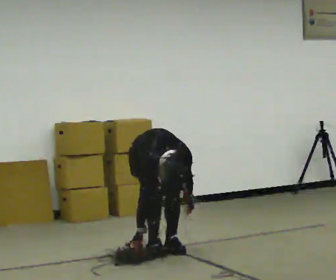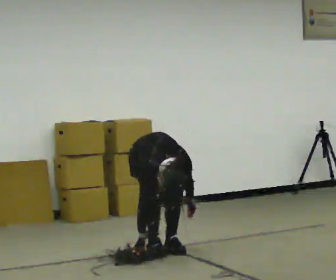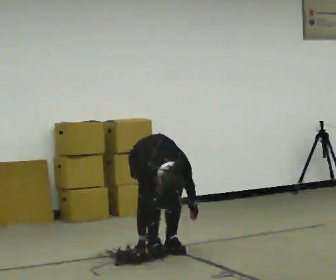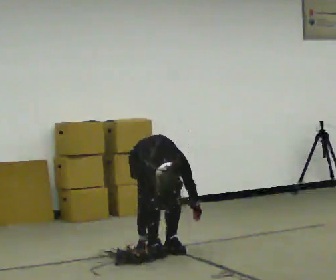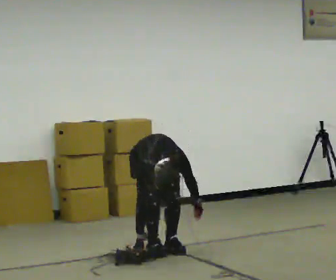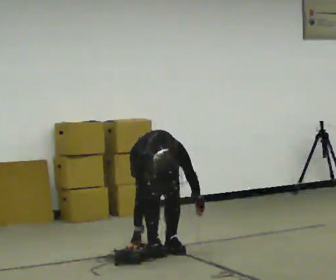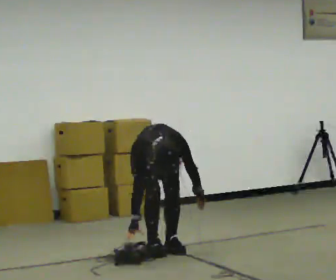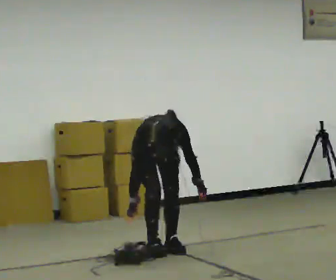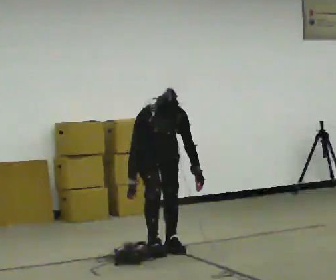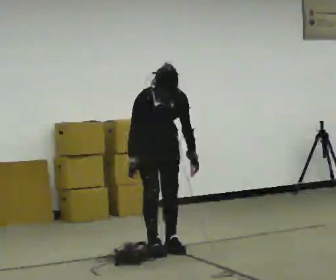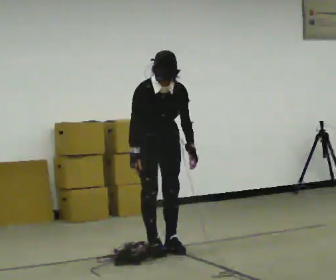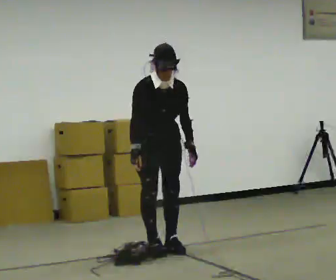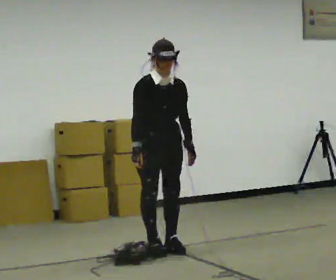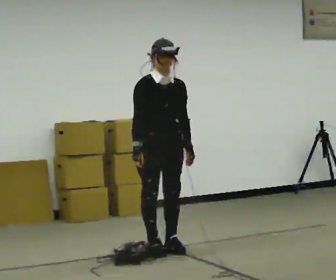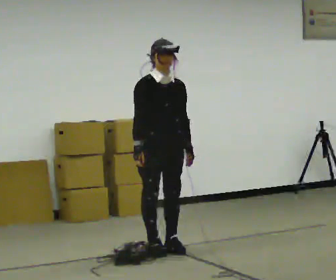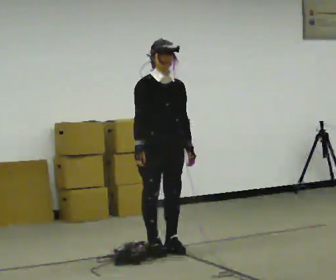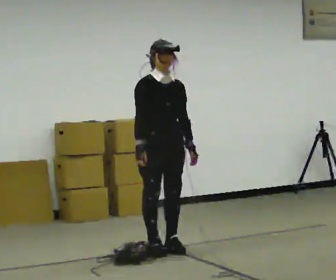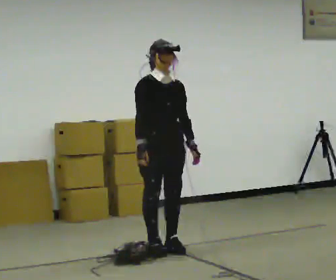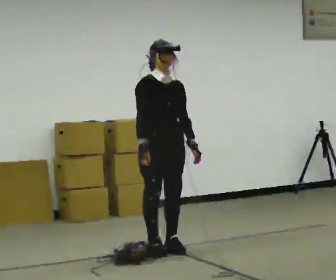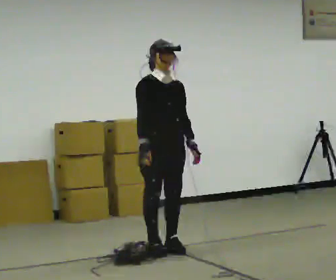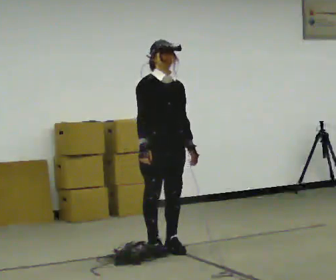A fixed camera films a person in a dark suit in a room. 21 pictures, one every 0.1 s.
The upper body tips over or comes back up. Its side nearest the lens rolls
upward.
0.0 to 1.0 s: The upper body goes upward. The upper body tips away from the camera, its near side rolling upward, as they lean back or straighten. In the picture their left hand goes upward.
1.0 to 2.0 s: The upper body tips away from the camera, its near side rolling upward, as they lean back or straighten.
The film runs backward here.
